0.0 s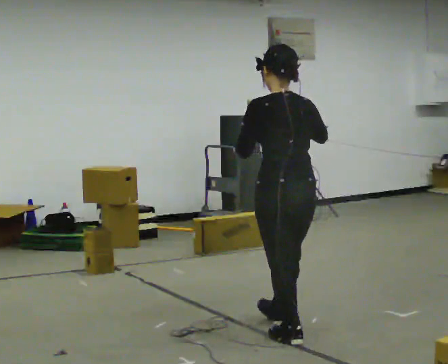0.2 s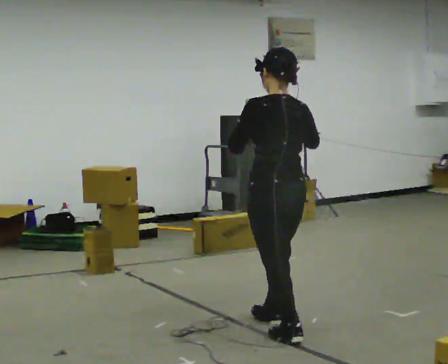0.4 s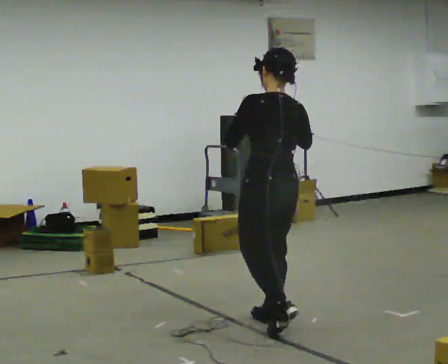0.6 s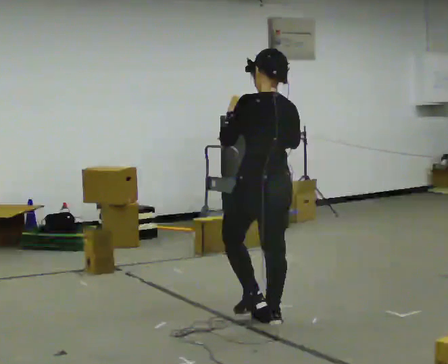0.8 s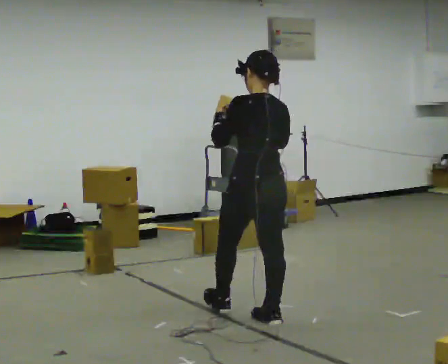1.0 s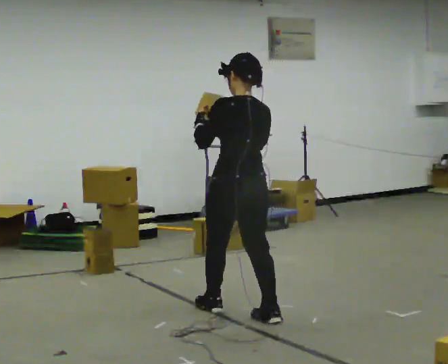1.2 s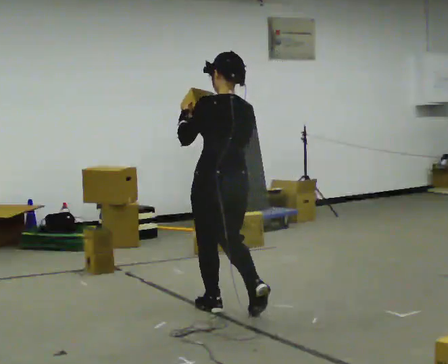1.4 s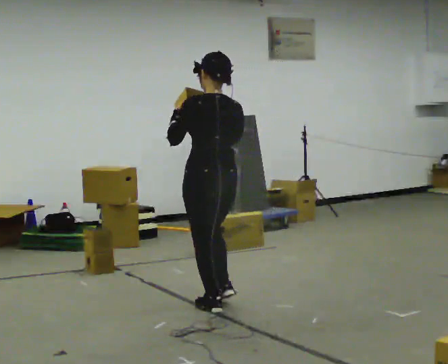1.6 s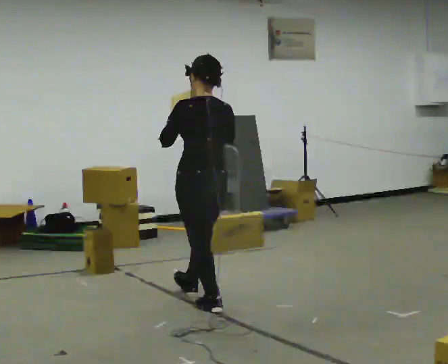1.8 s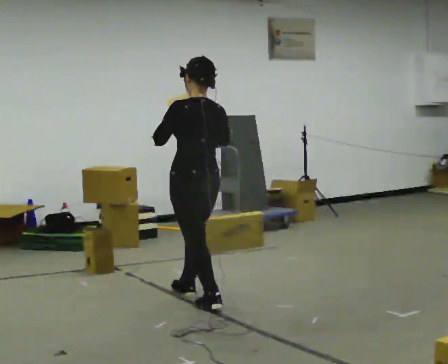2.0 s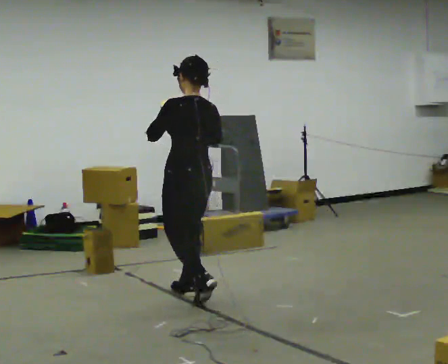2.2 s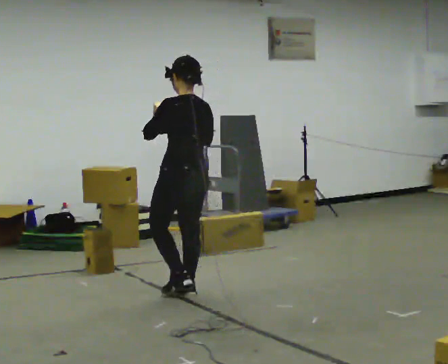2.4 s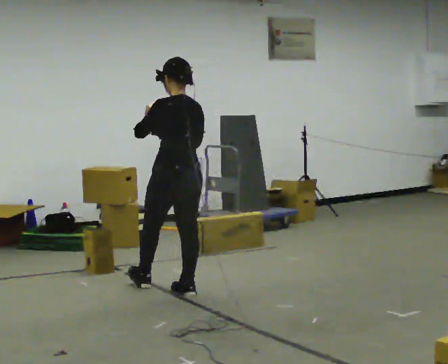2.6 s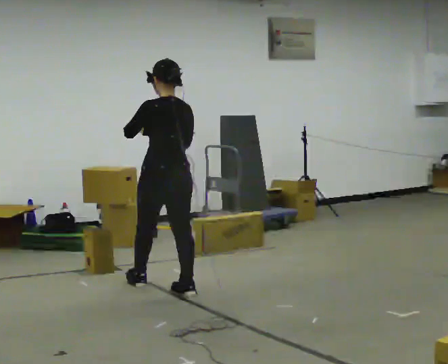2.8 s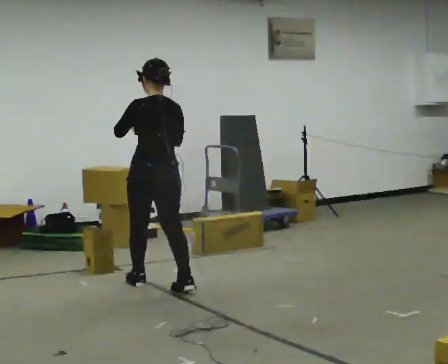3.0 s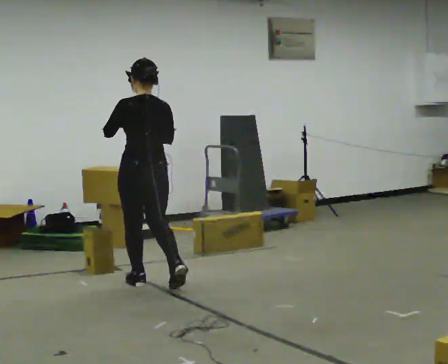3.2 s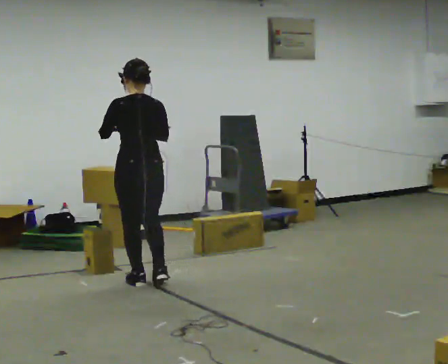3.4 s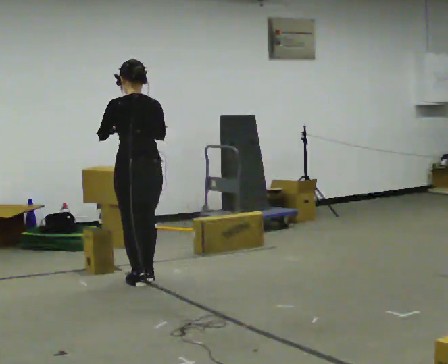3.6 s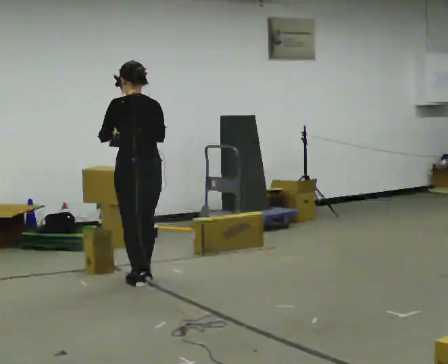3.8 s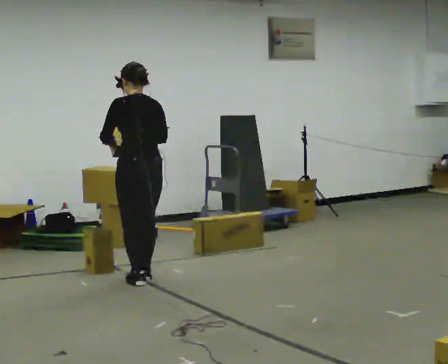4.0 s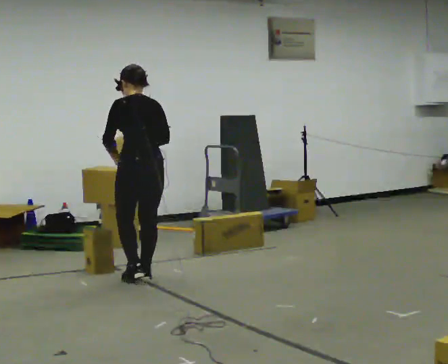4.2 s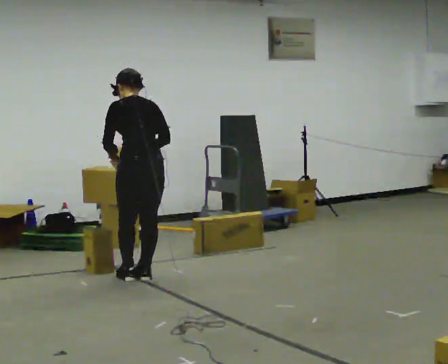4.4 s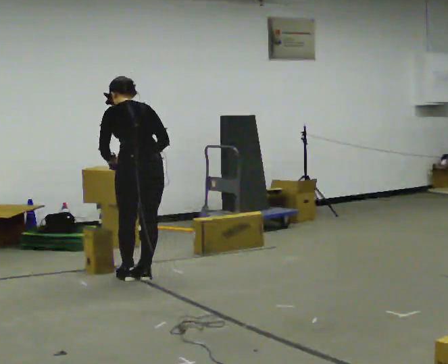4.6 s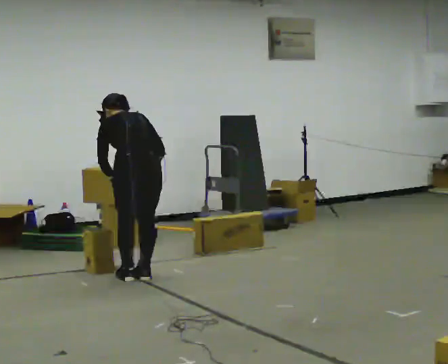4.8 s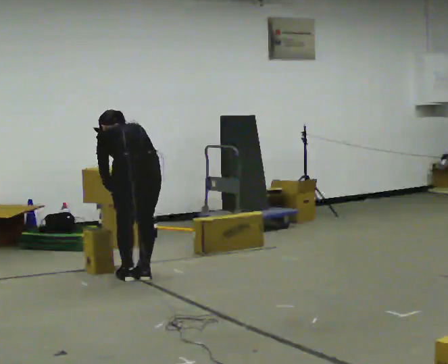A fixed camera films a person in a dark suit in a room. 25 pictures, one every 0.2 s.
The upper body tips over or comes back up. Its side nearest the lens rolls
upward.
0.0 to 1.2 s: In the picture they go away from the camera and to the left, about 0.75 m in 2 steps, which for them is forward.
1.2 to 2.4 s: In the picture they go away from the camera and to the left, about 0.5 m in 1 step, which for them is forward.
2.4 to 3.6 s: In the picture they go to the left and away from the camera, about 0.5 m in 2 steps, which for them is forward and to their left.
3.6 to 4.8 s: The upper body goes downward. The upper body tips away from the camera, its near side rolling upward, as they bend forward. In the picture their right hand goes downward.
The film runs forward here.
